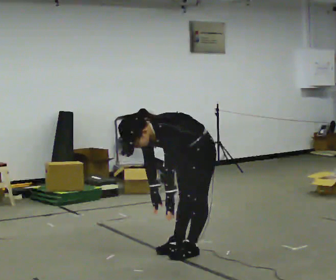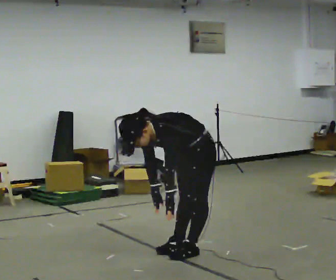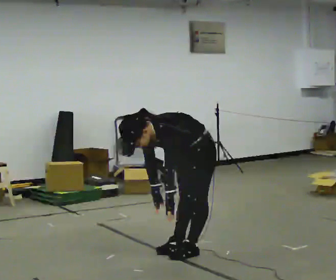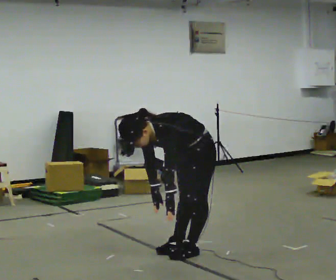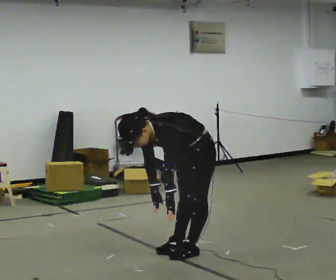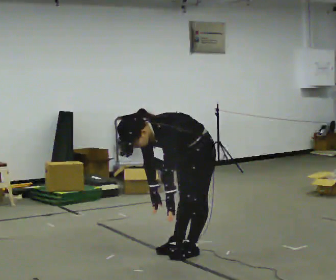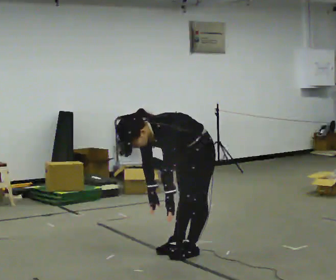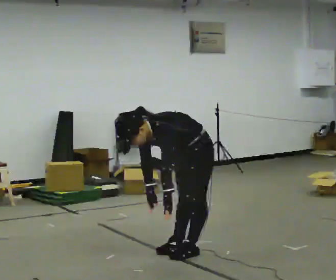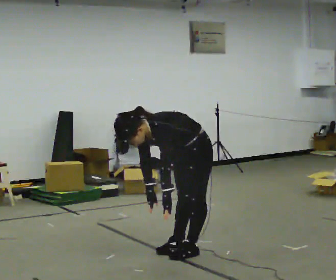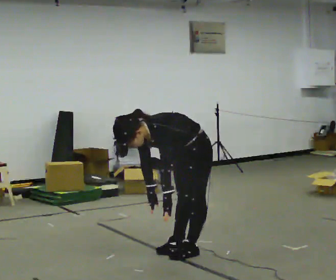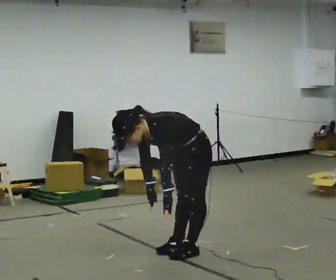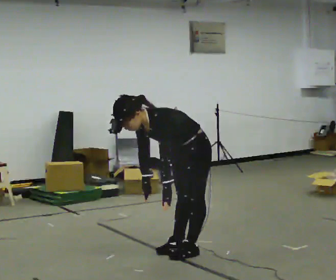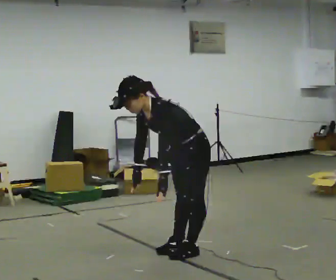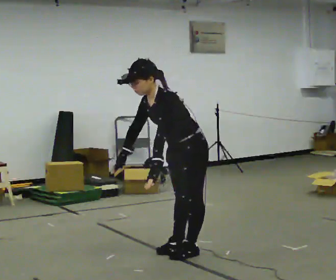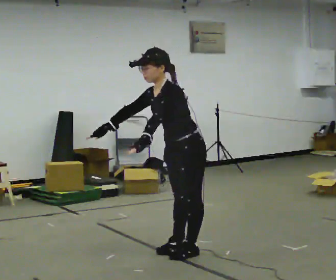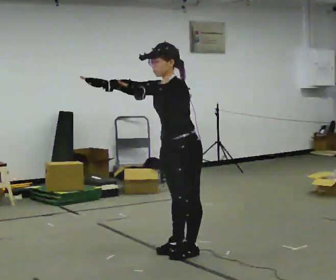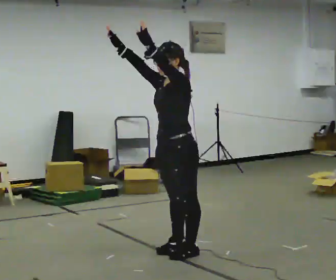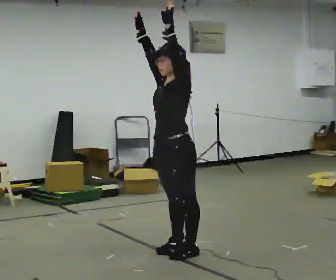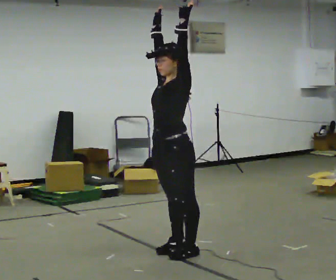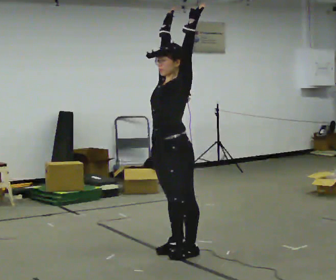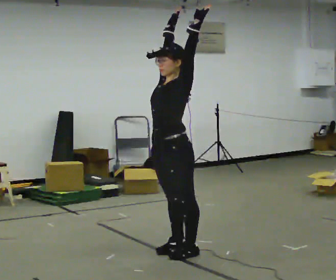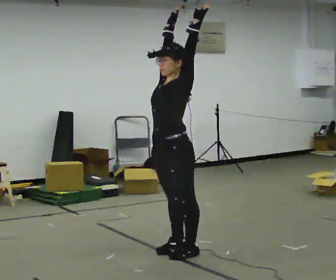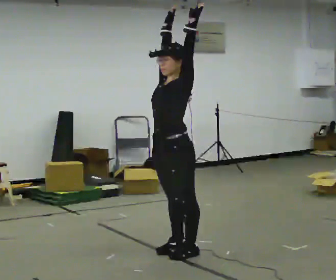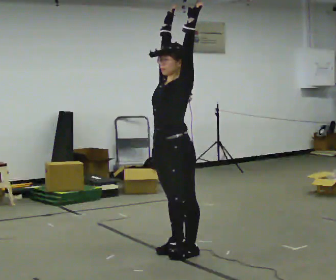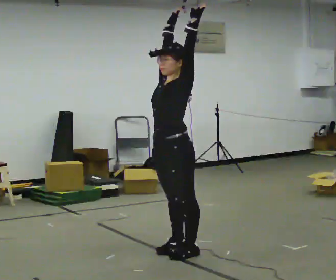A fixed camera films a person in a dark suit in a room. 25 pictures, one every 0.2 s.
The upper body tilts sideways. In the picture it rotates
clockwise.
Their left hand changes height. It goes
upward.
0.0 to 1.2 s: The person keeps their place and pose.
1.2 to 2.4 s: The upper body tips away from the camera, its near side rolling upward, as they lean back or straighten.
2.4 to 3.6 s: The upper body goes upward. In the picture the upper body tilts clockwise, shoulders to the right, as they lean back or straighten. In the picture their right hand goes upward, the arm swinging clockwise.
3.6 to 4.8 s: The person moves a little, or ends about where they began.
The film runs backward here.
